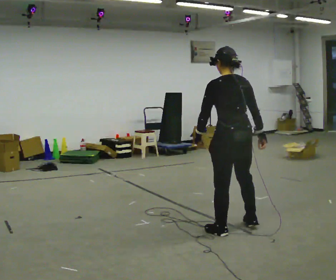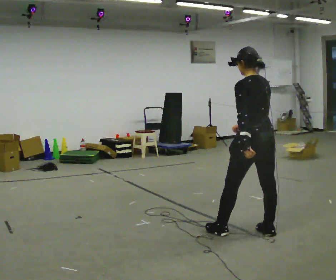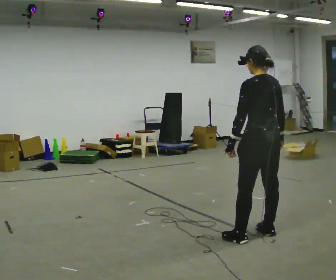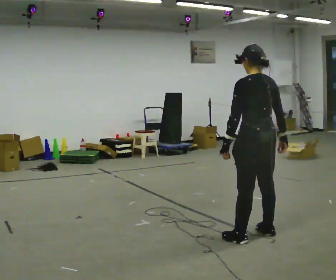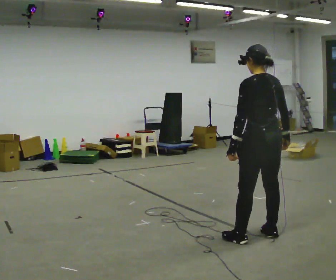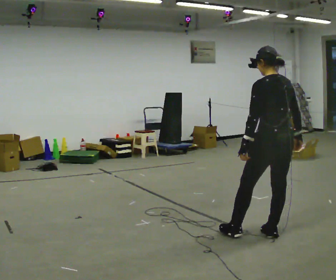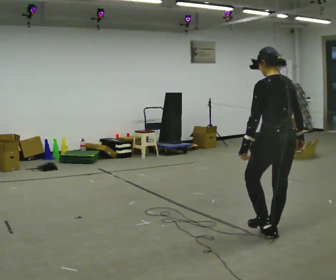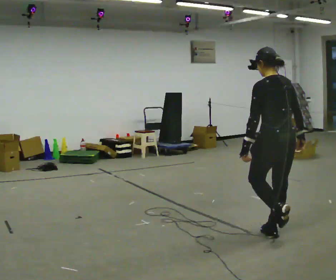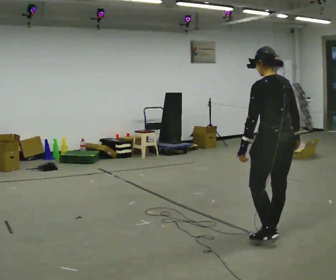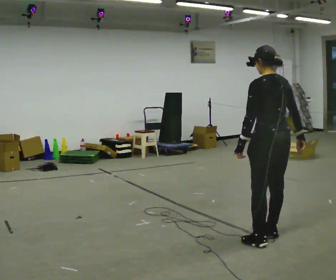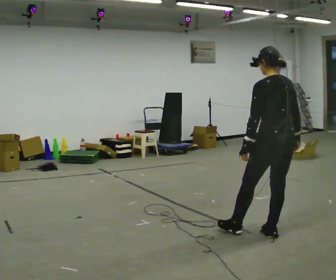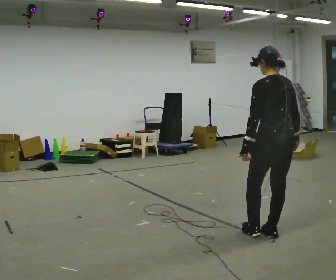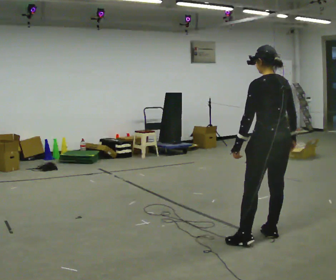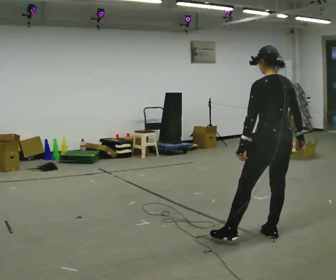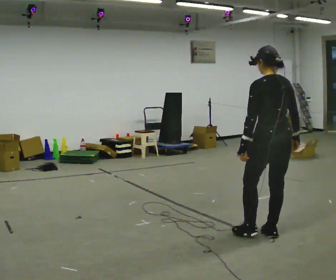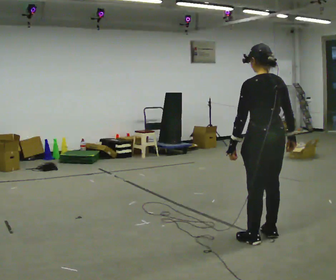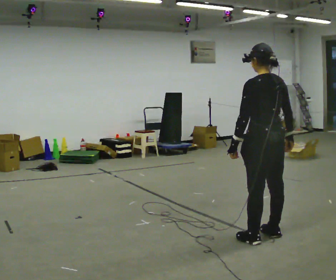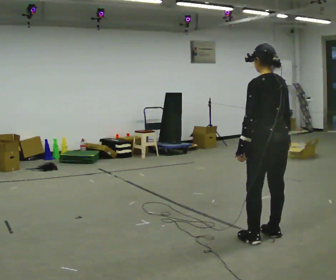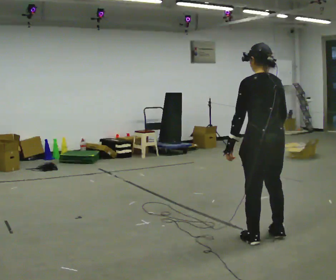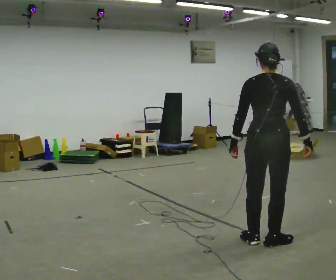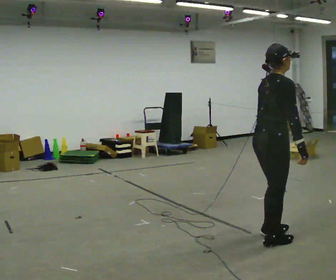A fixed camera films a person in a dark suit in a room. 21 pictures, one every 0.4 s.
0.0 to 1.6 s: In the picture they go to the right and toward the camera, about 0.25 m in 1 step, which for them is backward.
1.6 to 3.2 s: In the picture they go to the right, about 0.25 m in 1 step, which for them is to their right.
3.2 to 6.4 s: The person moves a little, or ends about where they began.
6.4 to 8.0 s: Seen from above the body turns clockwise, about 75 degrees: to their right, with its near side sliding to the left.
The film runs backward here.
